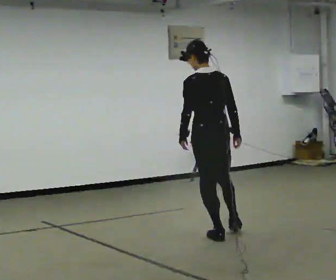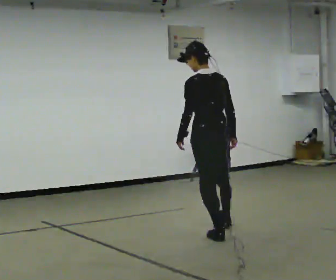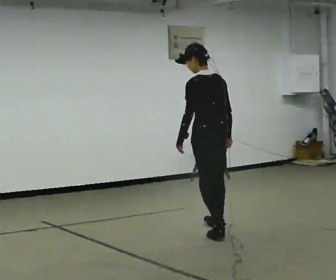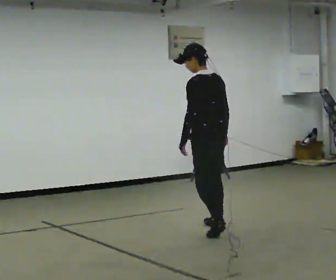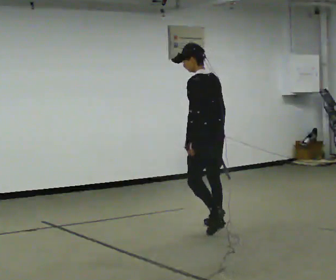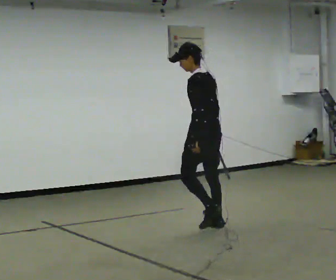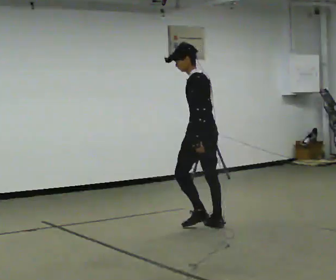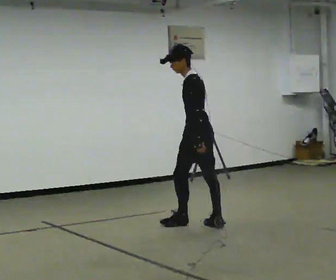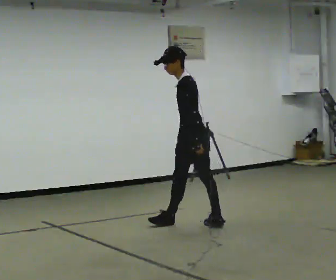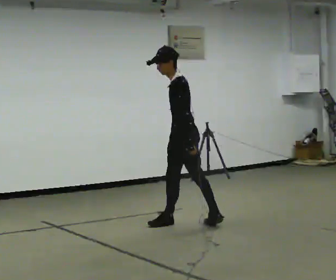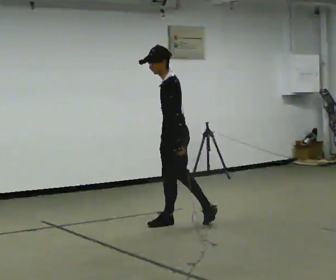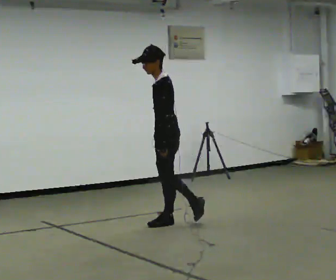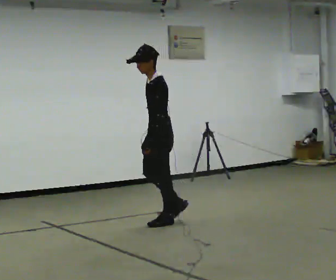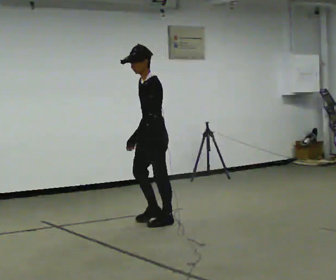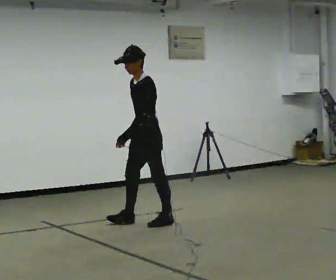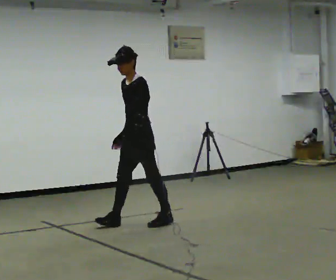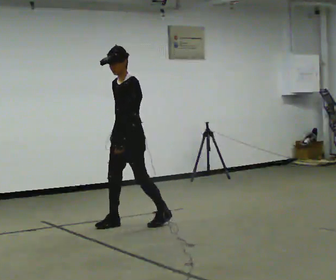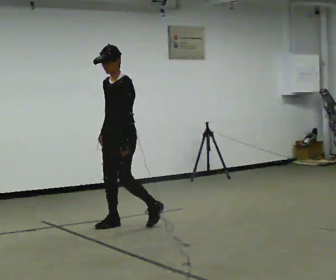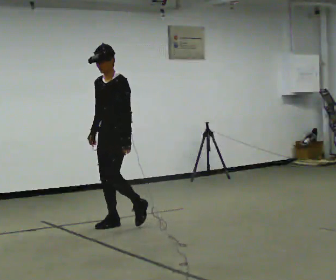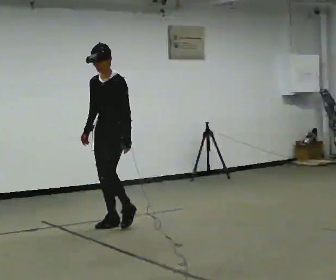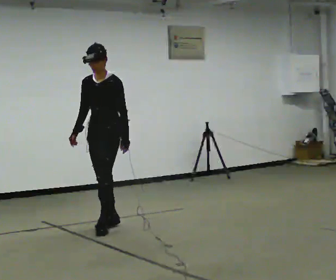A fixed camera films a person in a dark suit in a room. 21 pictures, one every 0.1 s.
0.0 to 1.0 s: Seen from above the body turns counterclockwise, about 60 degrees: to their left, with its near side sliding to the right. In the picture they go away from the camera and to the left, about 0.75 m in 2 steps.
1.0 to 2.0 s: Seen from above the body turns counterclockwise, about 75 degrees: to their left, with its near side sliding to the right. In the picture they go to the left, about 0.5 m in 1 step.
The film runs forward here.
